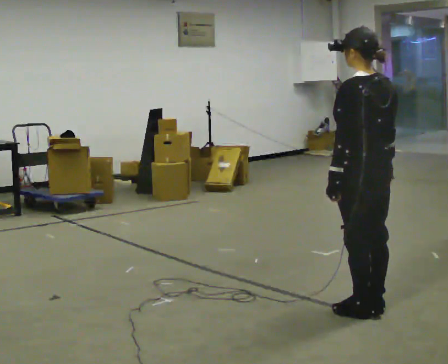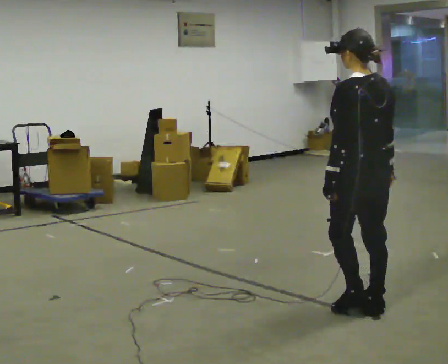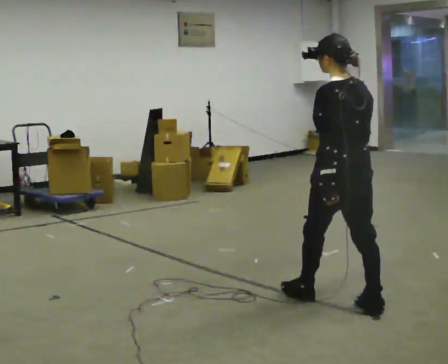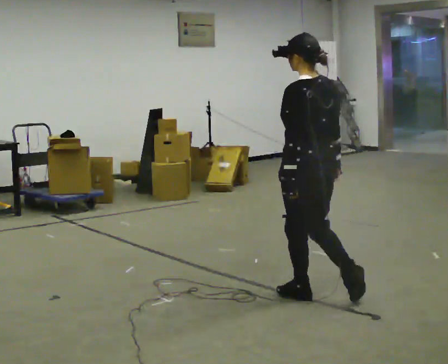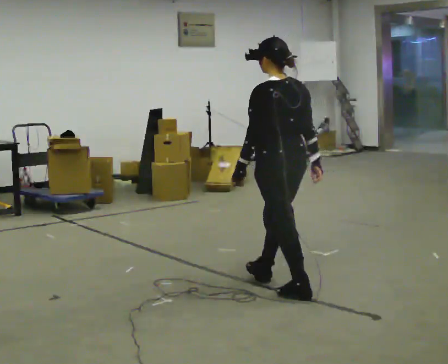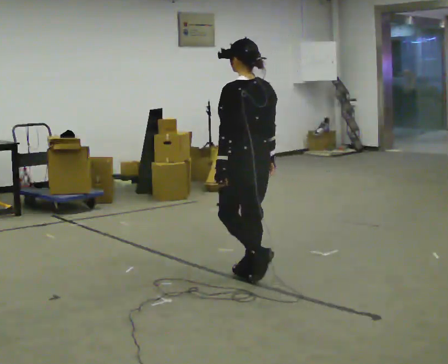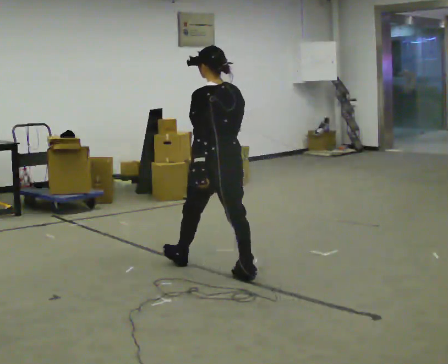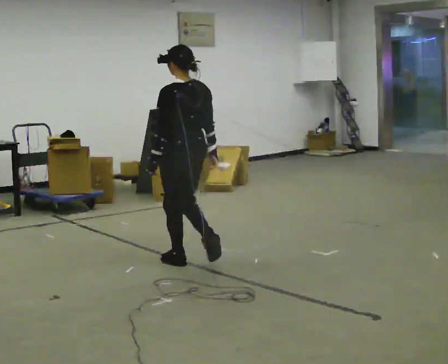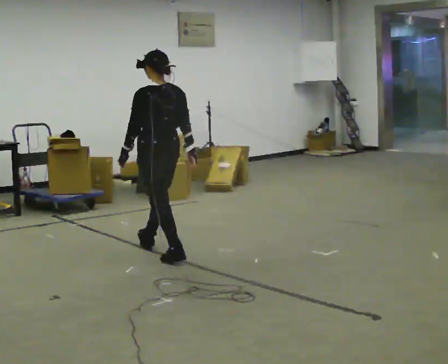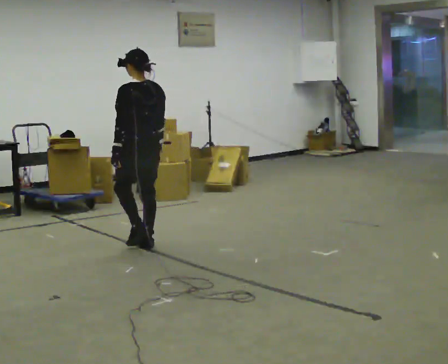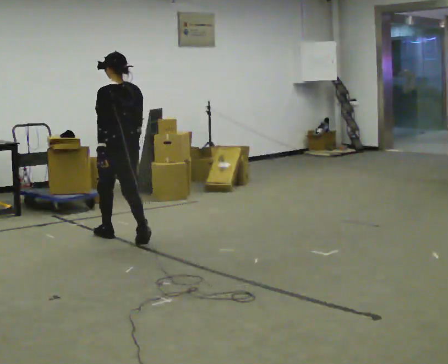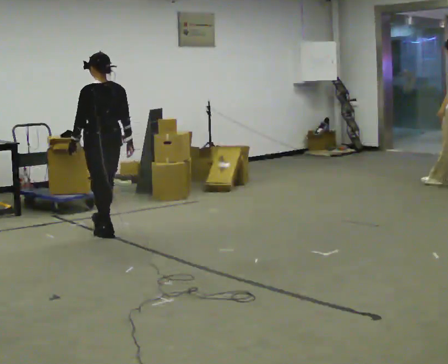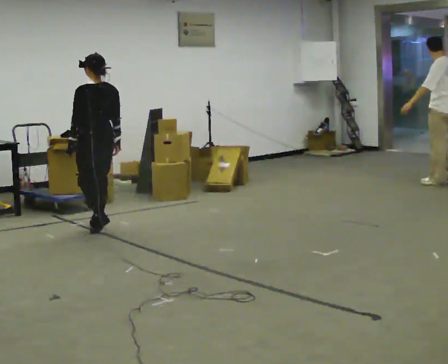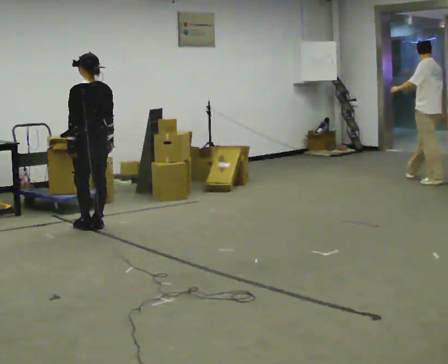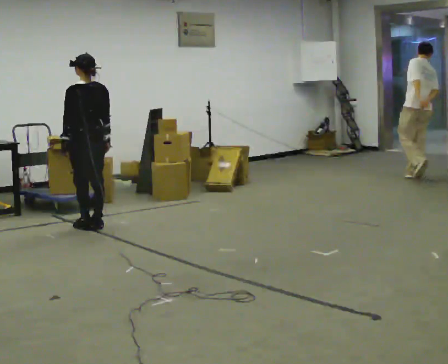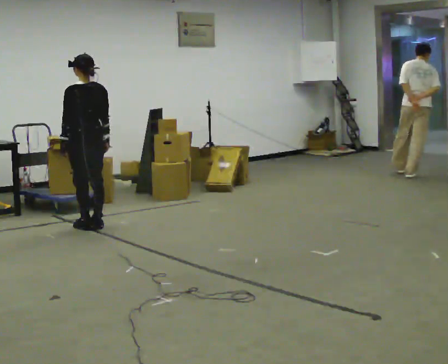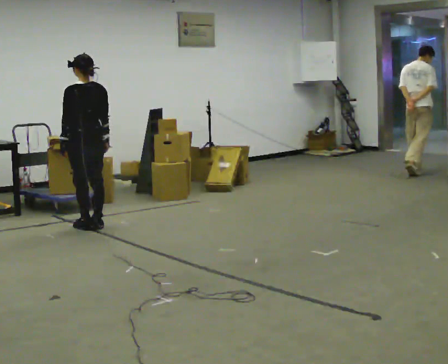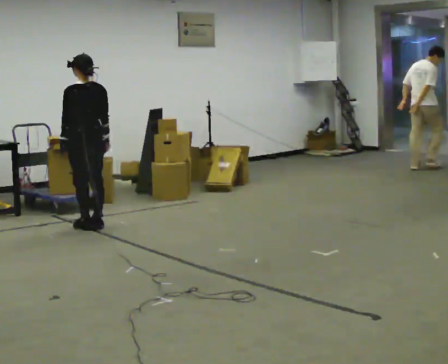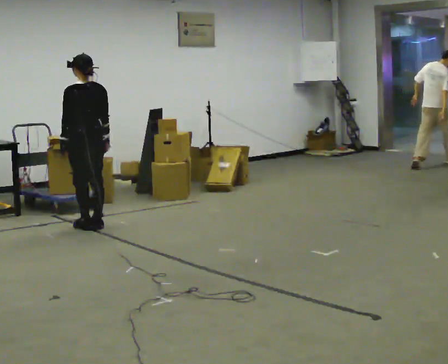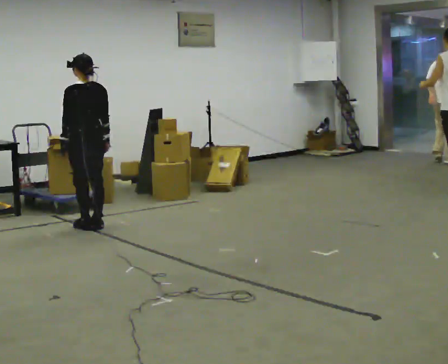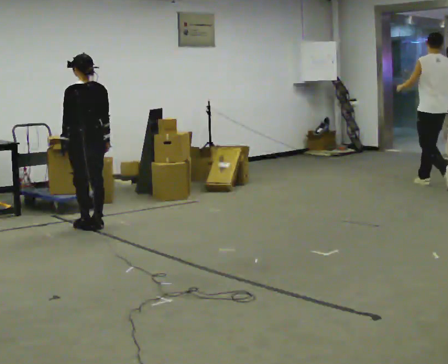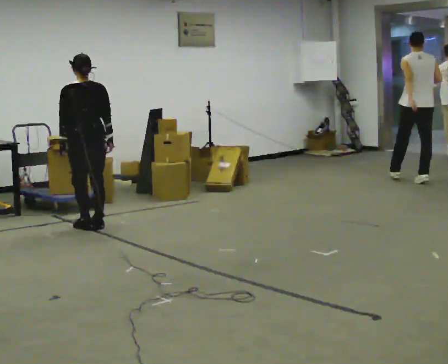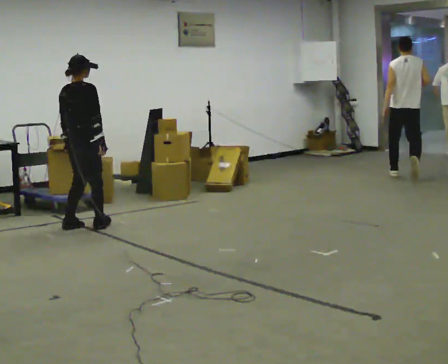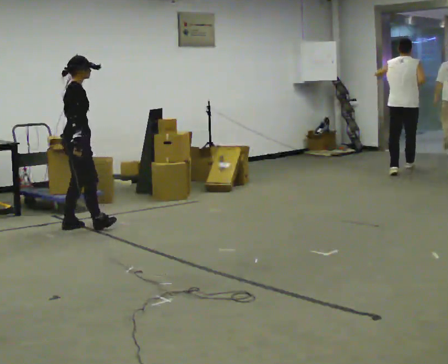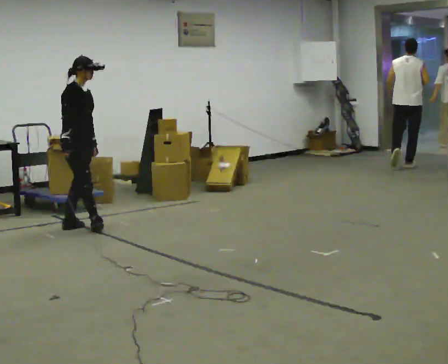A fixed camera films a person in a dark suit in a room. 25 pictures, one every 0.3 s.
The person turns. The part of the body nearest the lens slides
to the left.
The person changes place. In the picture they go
away from the camera.
0.0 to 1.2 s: In the picture they go away from the camera and to the left, about 0.5 m in 1 step, which for them is forward.
1.2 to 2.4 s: In the picture they go away from the camera and to the left, about 1.5 m in 2 steps, which for them is forward.
2.4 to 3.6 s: In the picture they go away from the camera and to the left, about 1 m in 3 steps, which for them is forward.
3.6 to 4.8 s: The person moves a little, or ends about where they began.
4.8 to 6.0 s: The person keeps their place and pose.
6.0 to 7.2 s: The person turns about 150 degrees to their right, clockwise seen from above, so the part of the body nearest the lens slides to the left. In the picture they go to the left, about 0.25 m in 1 step. In the picture their right hand goes to the left.
The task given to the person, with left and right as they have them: Walk normally; at marked point stop as quickly as comfortably possible; remain still.
The film runs forward here.
